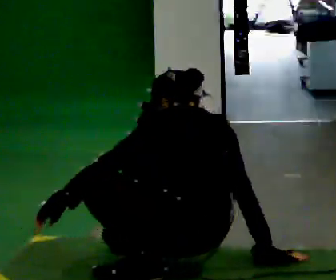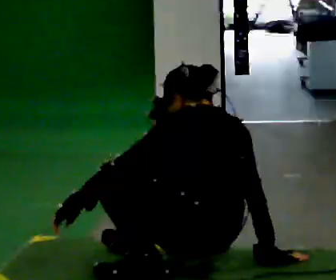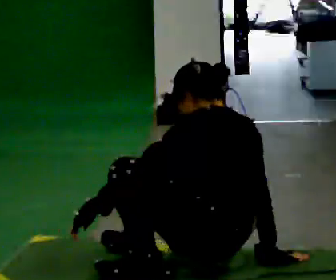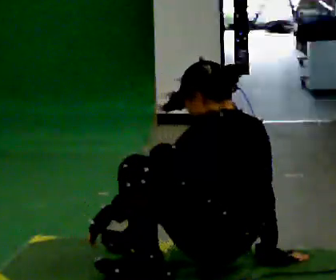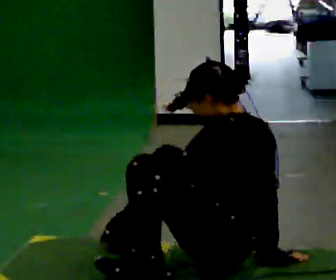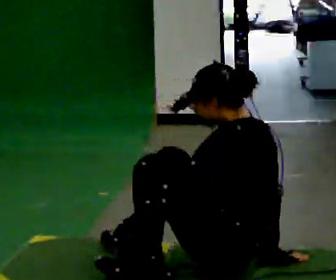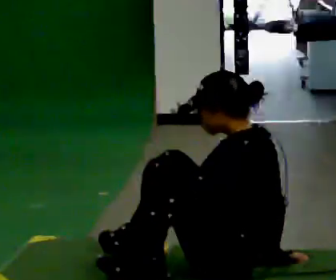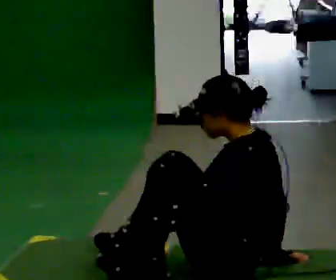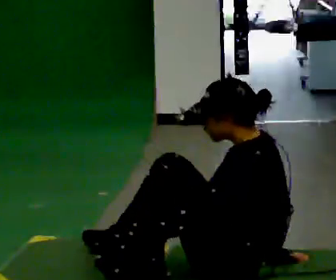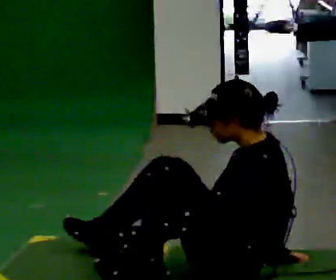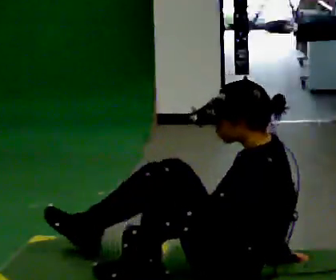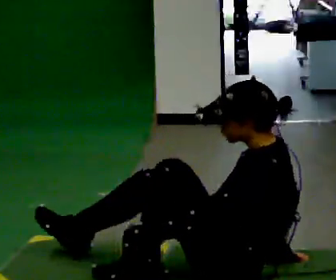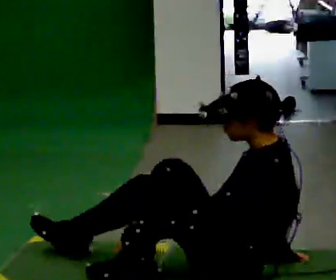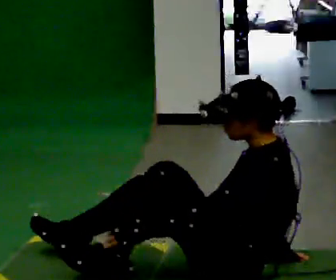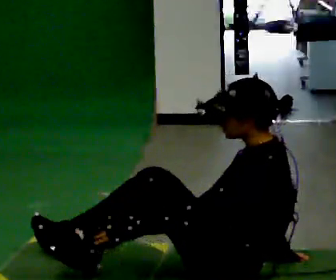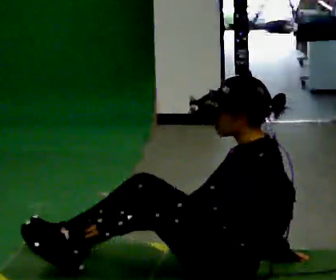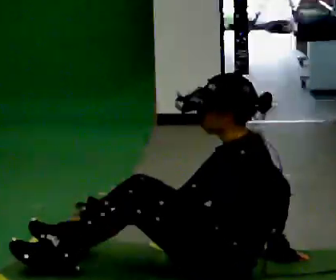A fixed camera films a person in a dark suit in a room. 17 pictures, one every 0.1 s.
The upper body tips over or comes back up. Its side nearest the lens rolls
downward.
0.0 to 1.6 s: The upper body tips toward the camera, its near side rolling downward.
The film runs forward here.
